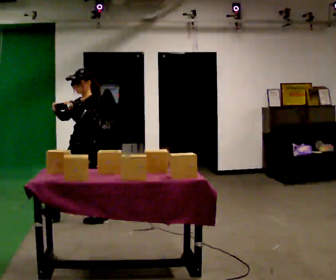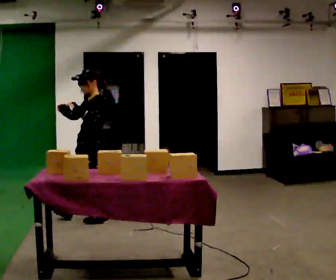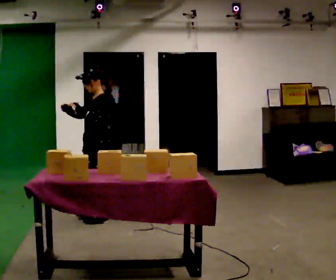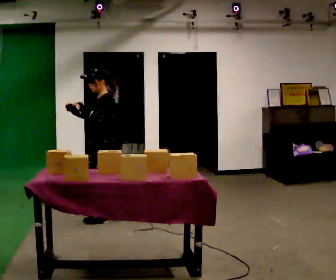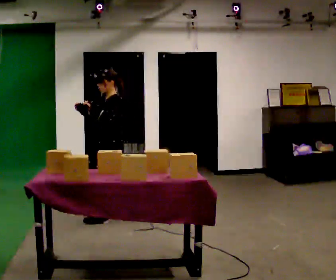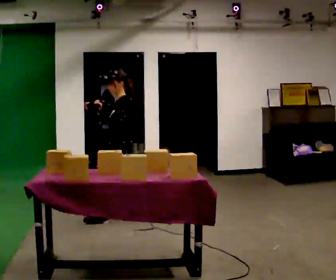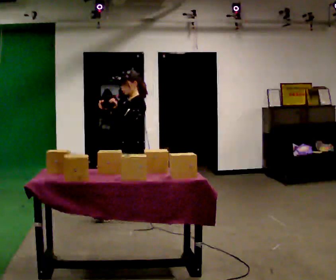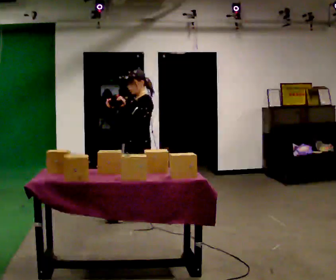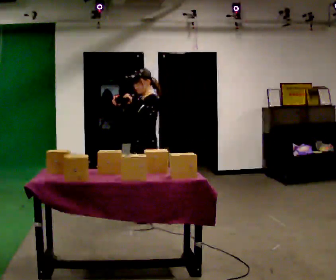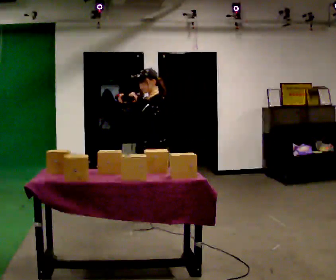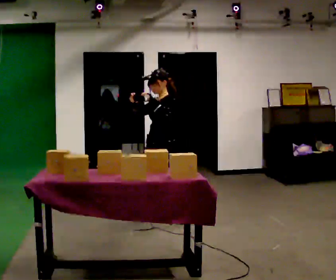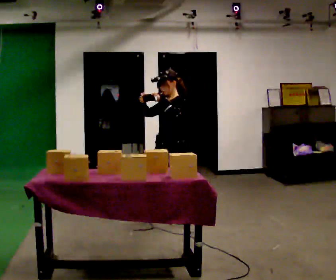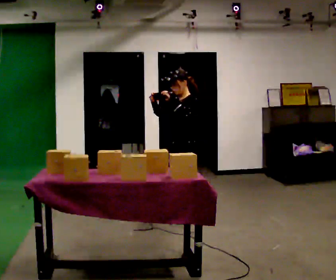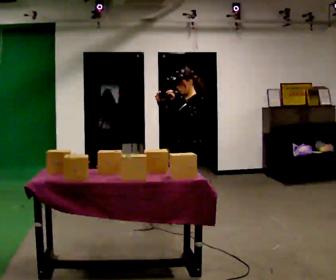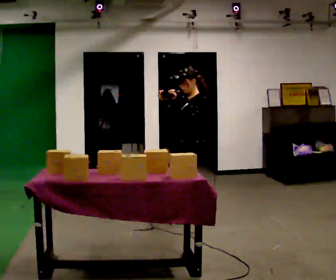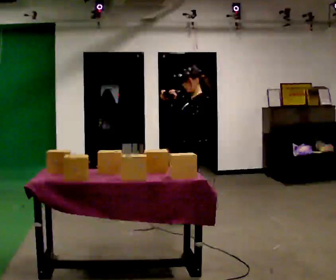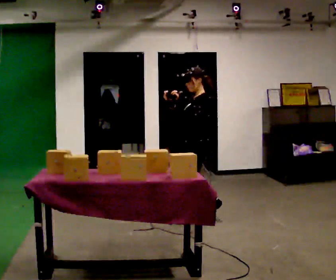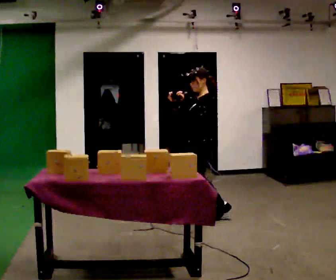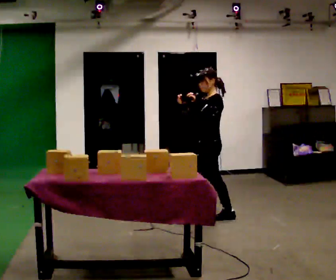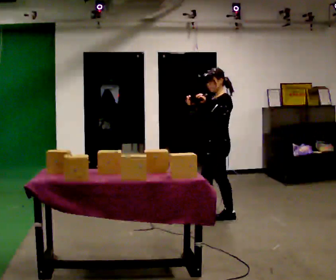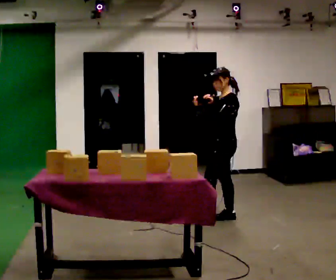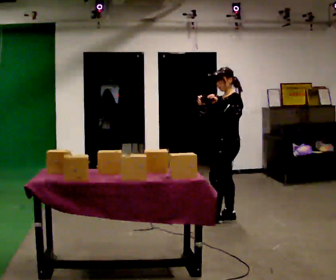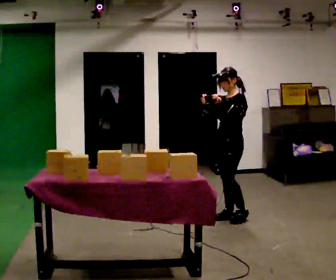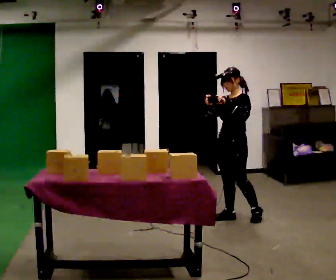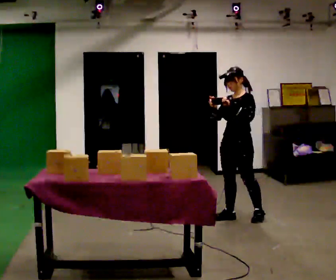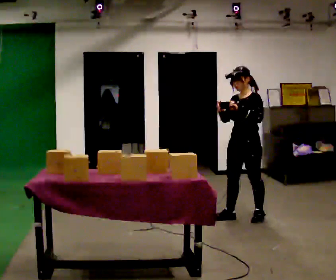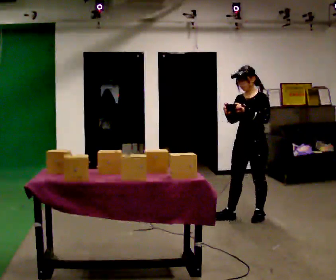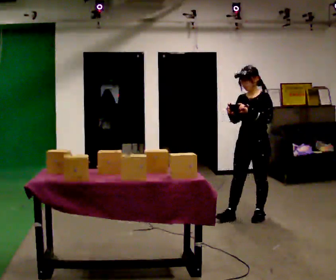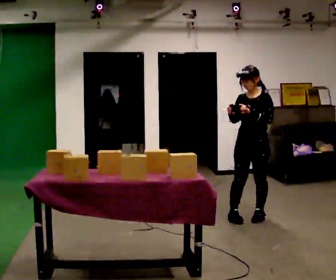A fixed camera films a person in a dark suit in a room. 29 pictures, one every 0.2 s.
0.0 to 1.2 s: Seen from above the body turns clockwise, about 30 degrees: to their right, with its near side sliding to the left. In the picture they go to the right and away from the camera, about 0.5 m in 1 step, which for them is backward.
1.2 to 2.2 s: In the picture they go to the right, about 0.5 m in 1 step, which for them is backward and to their left.
2.2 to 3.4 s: In the picture they go to the right, about 0.25 m in 1 step, which for them is backward.
3.4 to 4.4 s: The part of the body nearest the lens slides to the right as the person turns to their left by about 30 degrees. In the picture they go to the right, about 0.25 m in 1 step, which for them is backward.
4.4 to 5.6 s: The part of the body nearest the lens slides to the right as the person turns to their left by about 30 degrees. In the picture they go to the right, about 0.25 m, which for them is to their left.
The film runs backward here.
